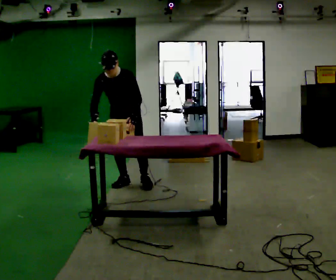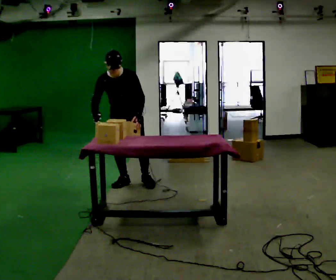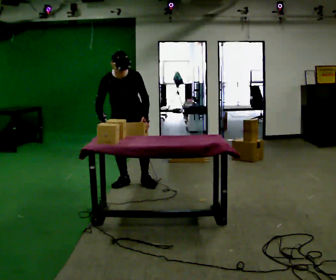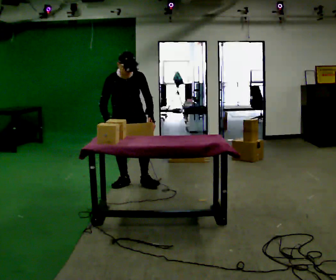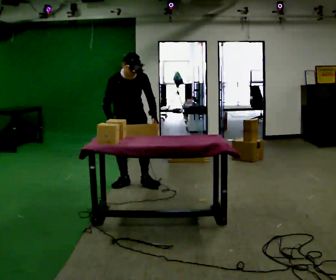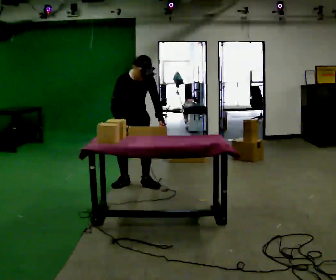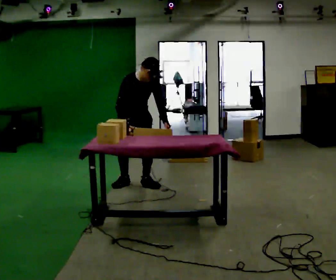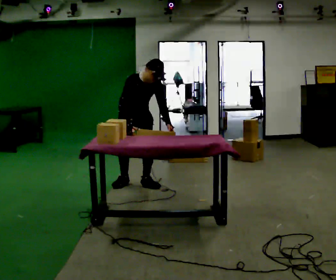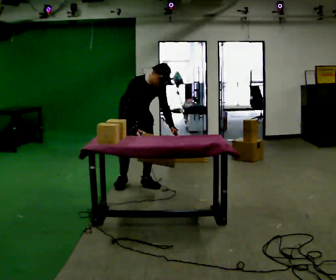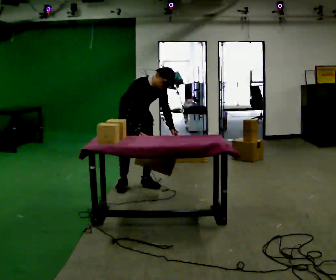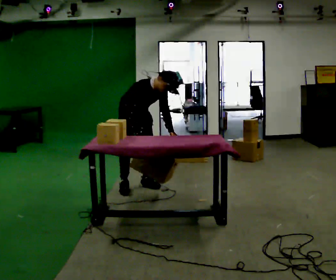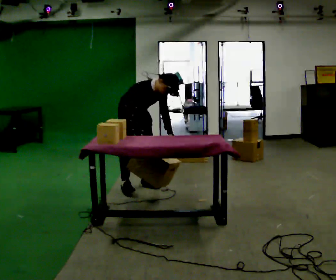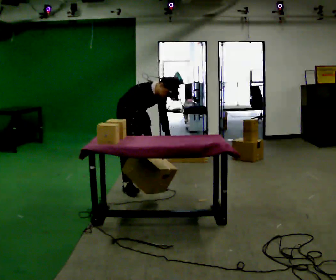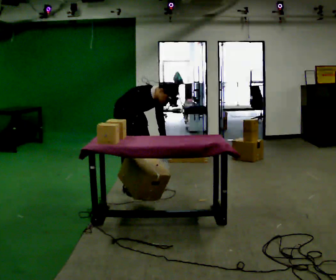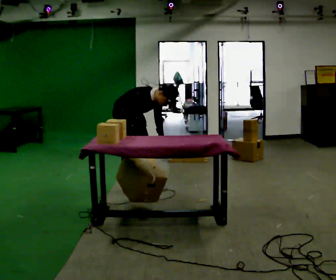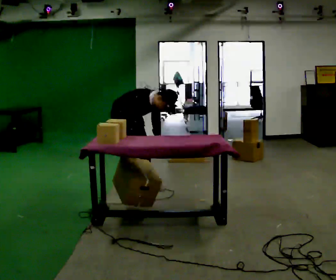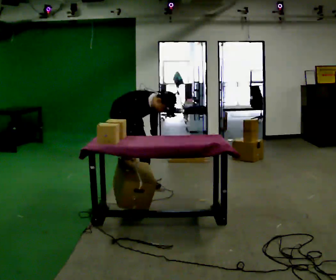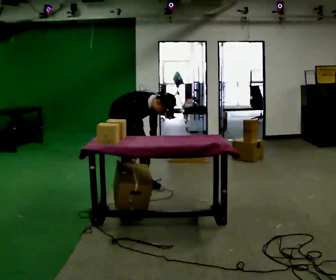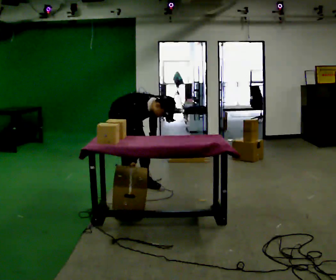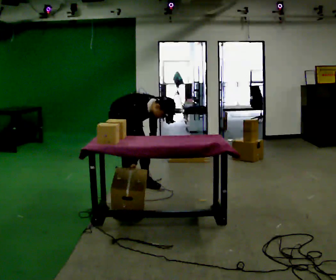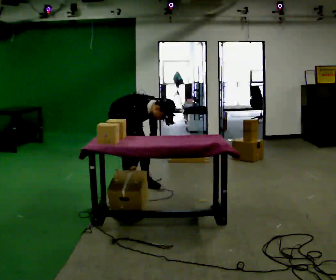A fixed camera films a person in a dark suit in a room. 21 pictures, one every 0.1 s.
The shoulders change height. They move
downward.
The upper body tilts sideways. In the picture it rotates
clockwise.
0.0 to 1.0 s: The part of the body nearest the lens slides to the right as the person turns to their left by about 45 degrees. In the picture the upper body tilts clockwise, shoulders to the right, as they bend forward. In the picture their left hand goes to the right.
1.0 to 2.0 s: In the picture they go toward the camera, about 0.25 m in 1 step, which for them is to their right. The upper body goes downward. The upper body tips toward the camera, its near side rolling downward, as they bend forward.
The film runs forward here.
